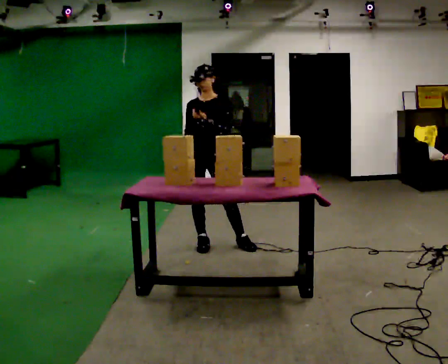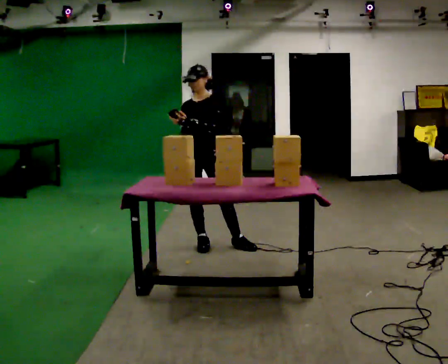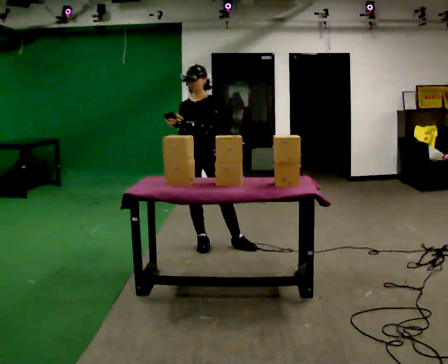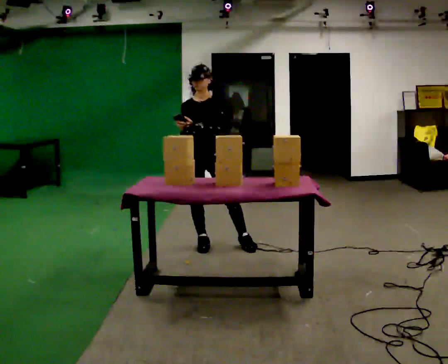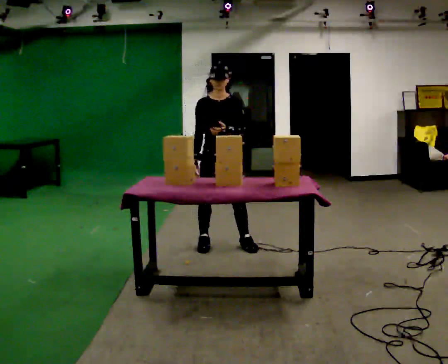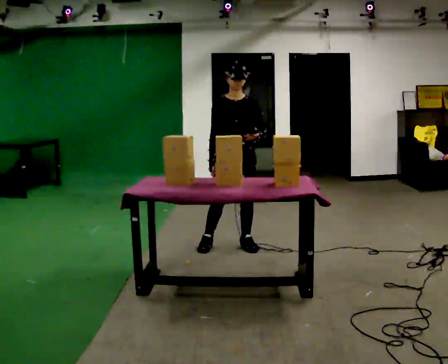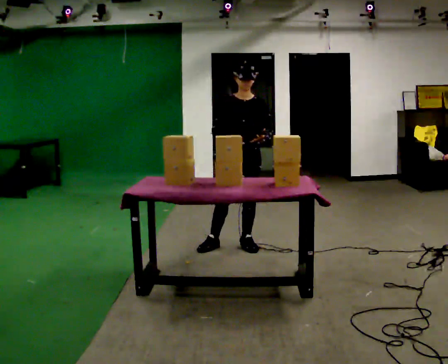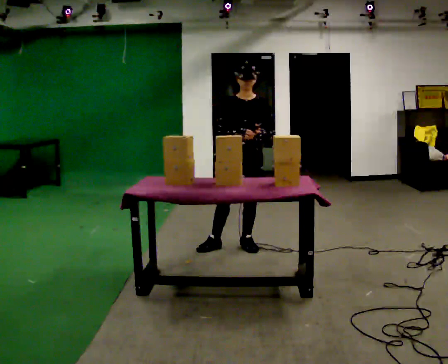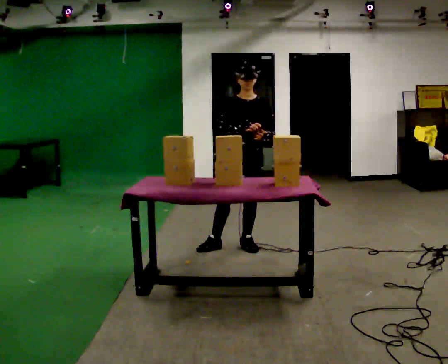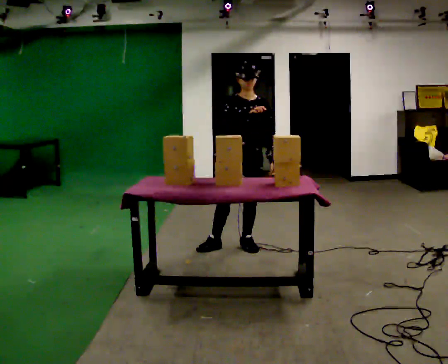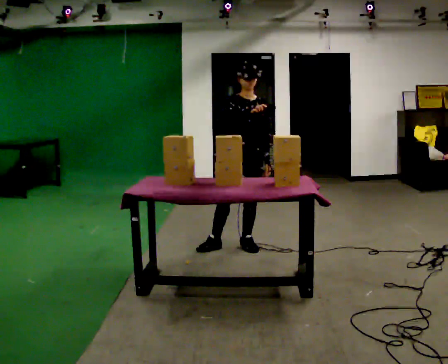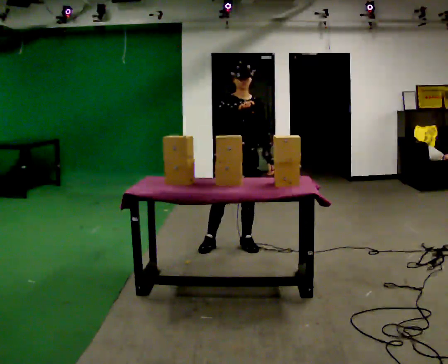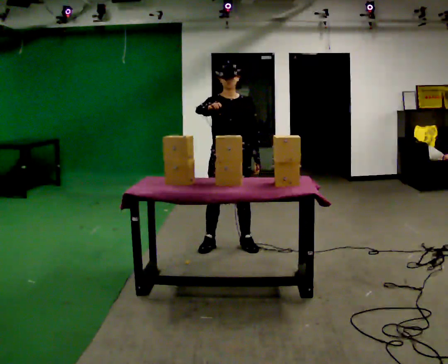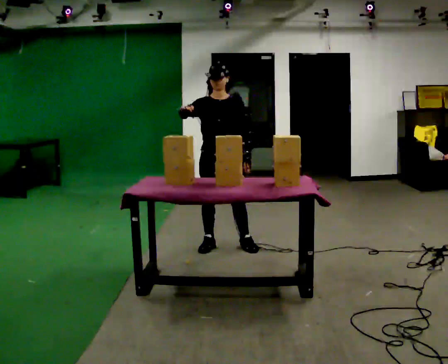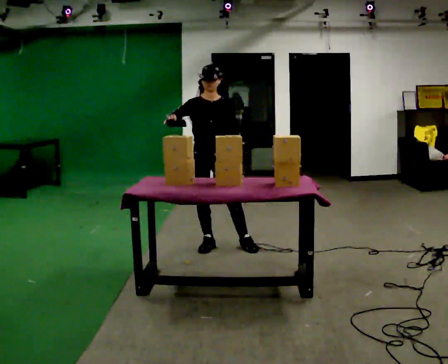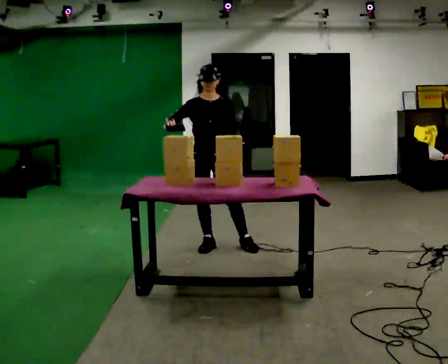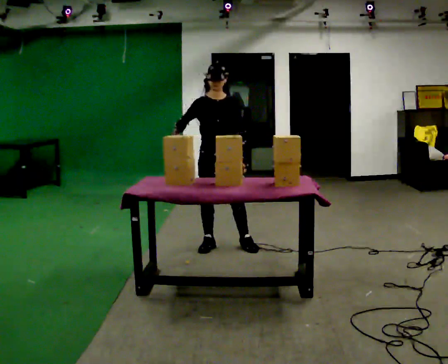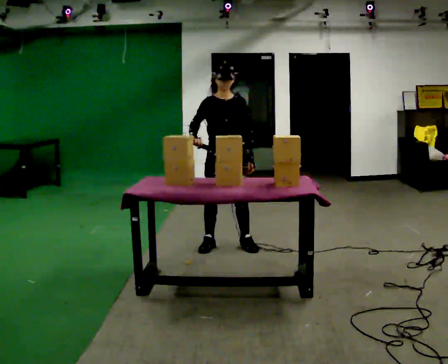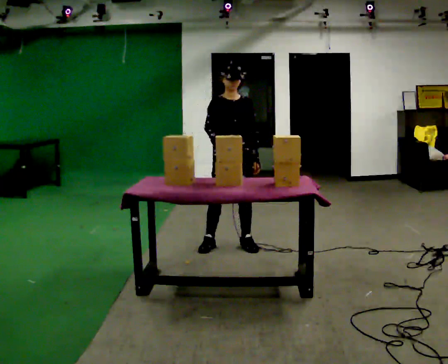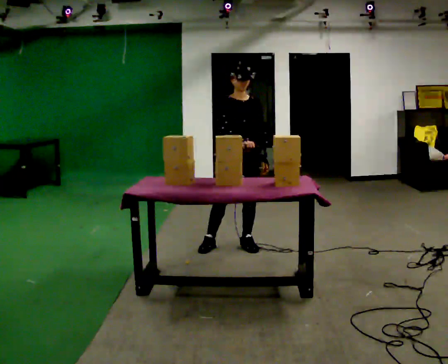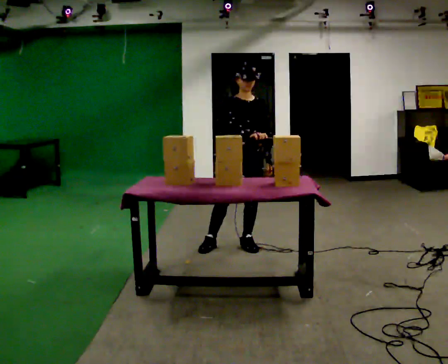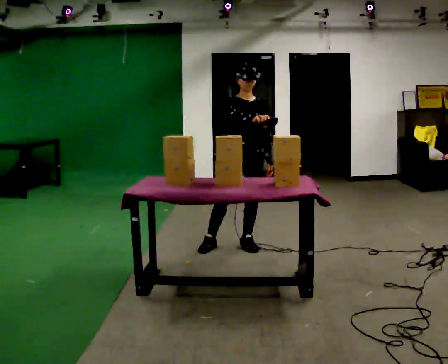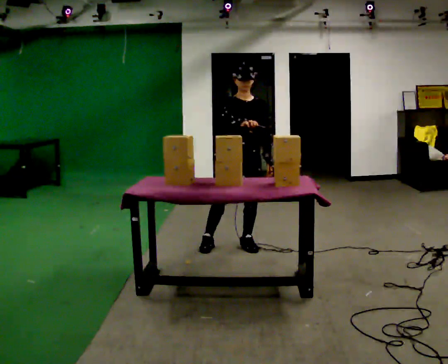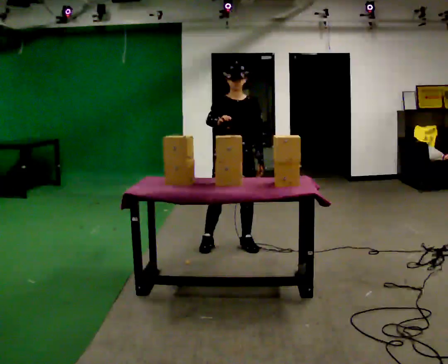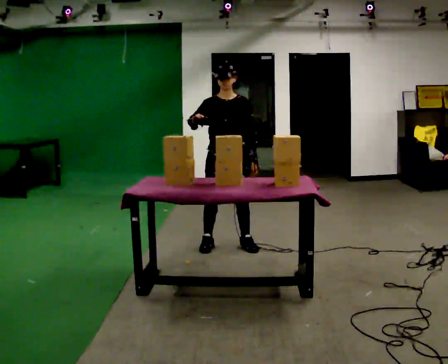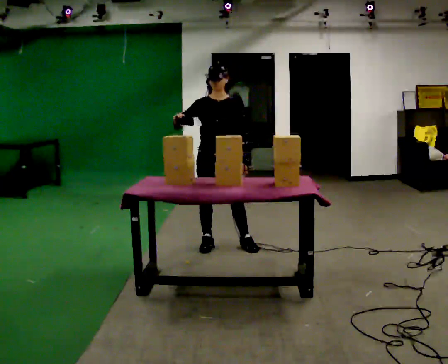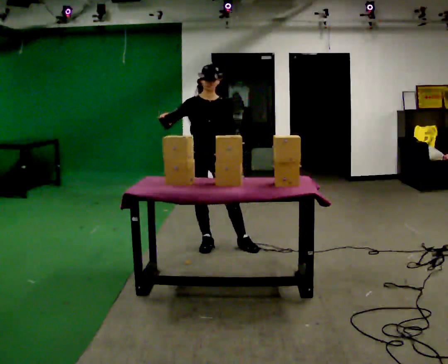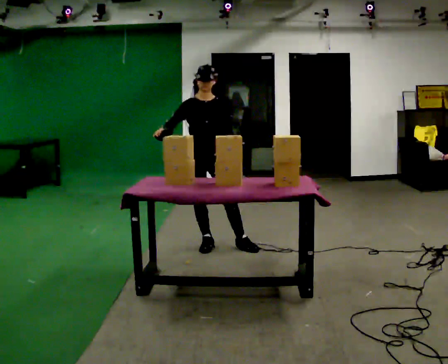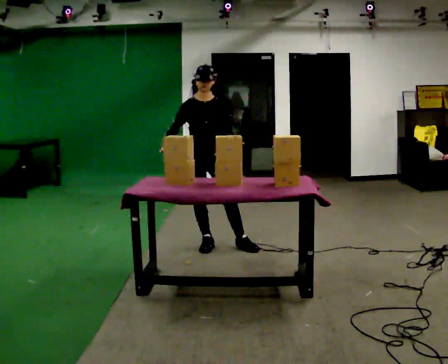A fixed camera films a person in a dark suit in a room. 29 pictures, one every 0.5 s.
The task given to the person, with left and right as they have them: Carry the handheld device and, while walking, point it at the labels on the shelves and press the button as if scanning them.
0.0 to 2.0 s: The person moves a little, or ends about where they began.
2.0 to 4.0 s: In the picture they go to the right, about 0.25 m, which for them is to their left. In the picture their right hand goes to the right.
4.0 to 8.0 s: In the picture they go to the left, about 0.25 m, which for them is to their right.
8.0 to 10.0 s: In the picture they go to the right, about 0.25 m, which for them is to their left. In the picture their right hand goes to the right.
10.0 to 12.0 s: In the picture they go to the left, about 0.25 m, which for them is to their right. In the picture their right hand goes to the left.
12.0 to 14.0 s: In the picture they go to the left, about 0.25 m, which for them is to their right.
The film runs forward here.
